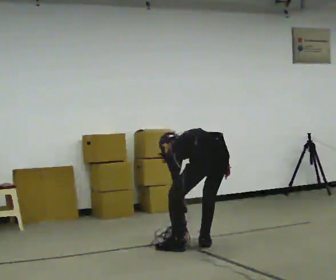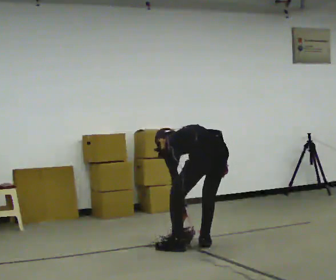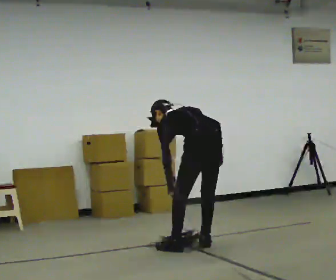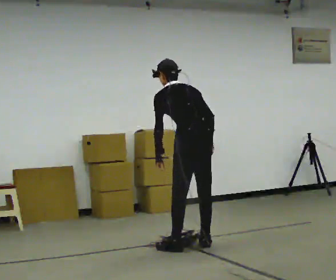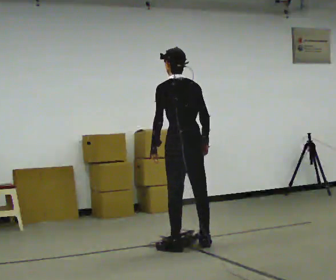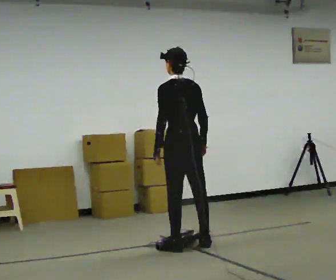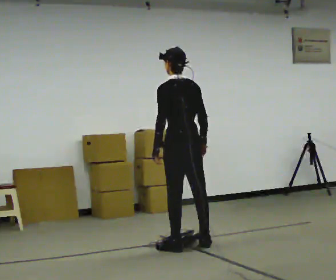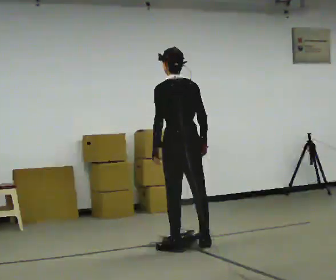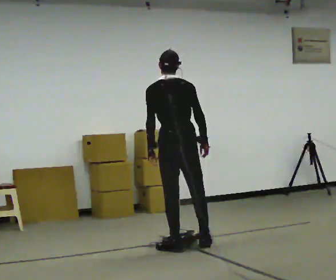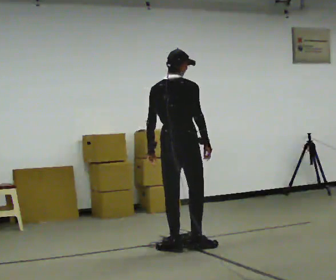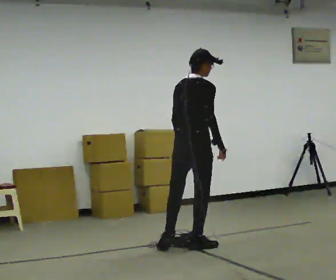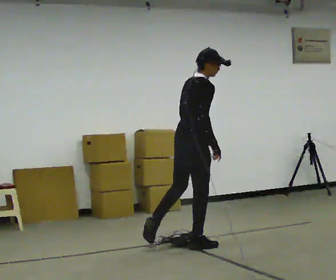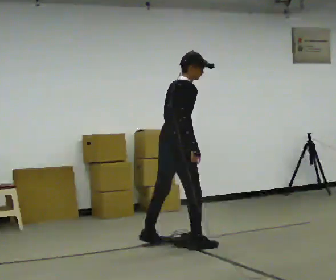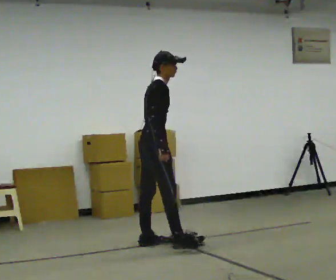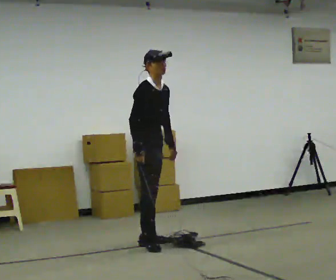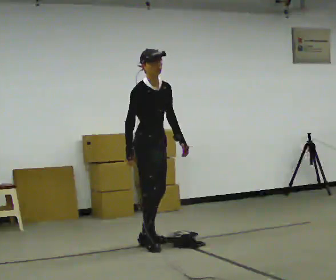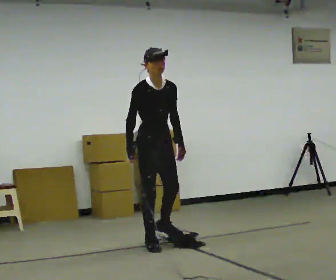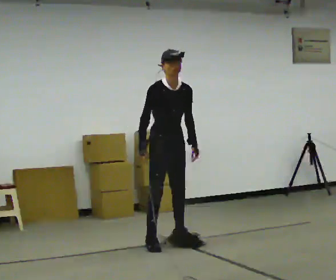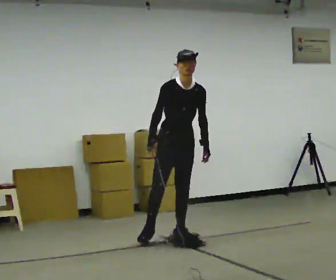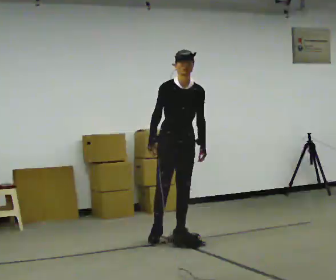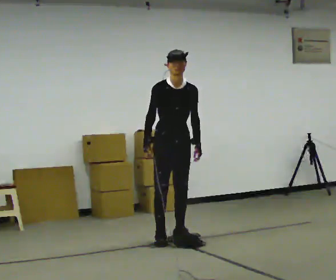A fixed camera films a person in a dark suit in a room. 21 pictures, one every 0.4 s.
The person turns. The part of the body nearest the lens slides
to the left.
The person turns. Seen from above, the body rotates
clockwise.
0.0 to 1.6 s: In the picture they go to the left, about 0.25 m, which for them is forward and to their left. The upper body goes upward. The upper body tips toward the camera, its near side rolling downward, as they lean back or straighten.
1.6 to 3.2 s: The person moves a little, or ends about where they began.
3.2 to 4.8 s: The person turns about 75 degrees to their right, clockwise seen from above, so the part of the body nearest the lens slides to the left. In the picture the upper body tilts clockwise, shoulders to the right.
4.8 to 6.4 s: Seen from above the body turns clockwise, about 90 degrees: to their right, with its near side sliding to the left. In the picture they go to the left, about 0.25 m in 1 step. The upper body tips toward the camera, its near side rolling downward. In the picture their right hand goes to the left.
6.4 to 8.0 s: In the picture they go away from the camera and to the right, about 0.25 m in 3 steps, which for them is to their left and backward.
The film runs forward here.
